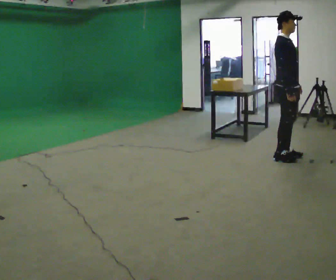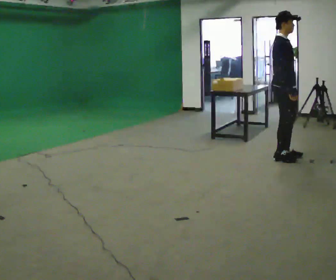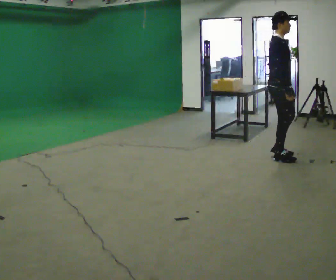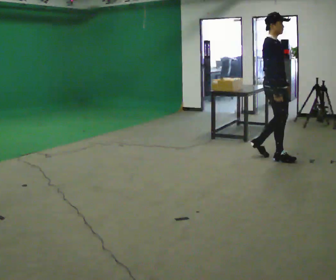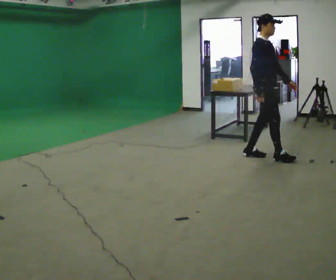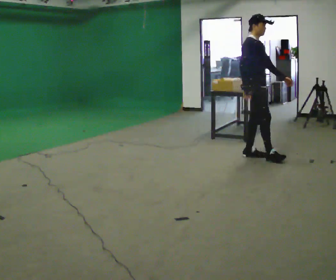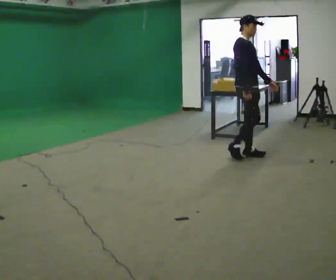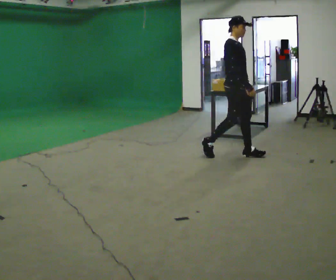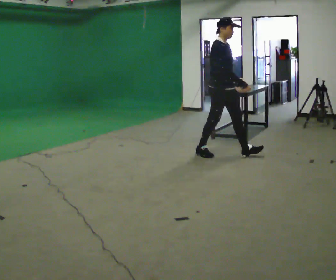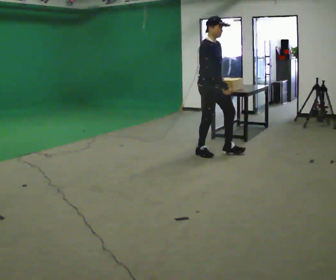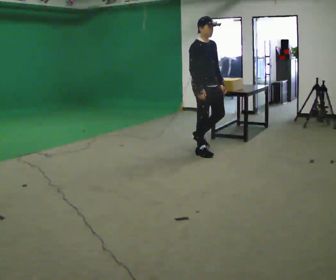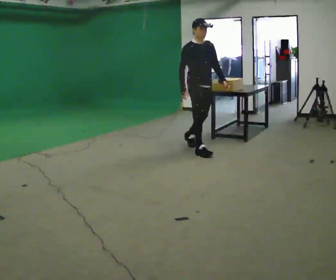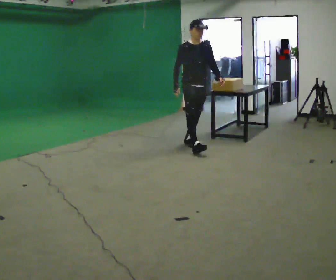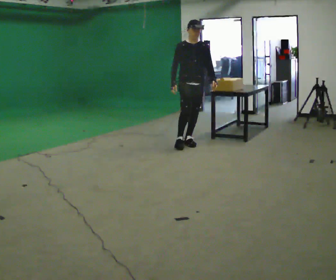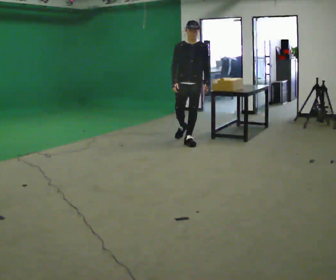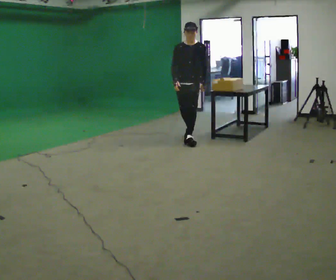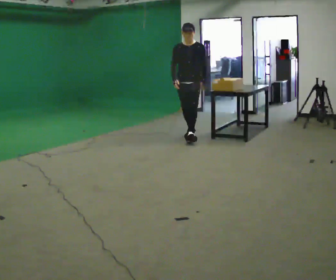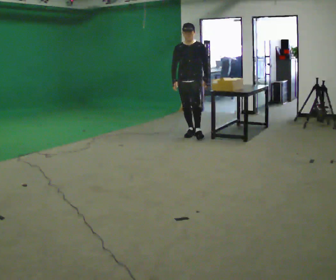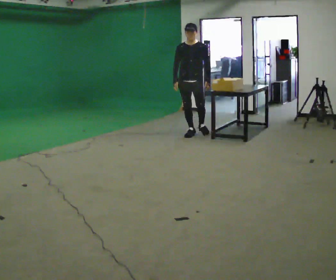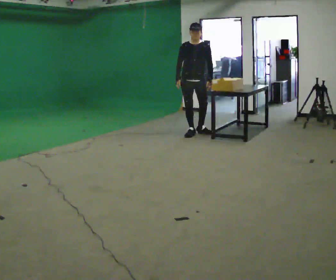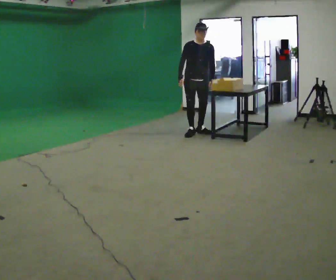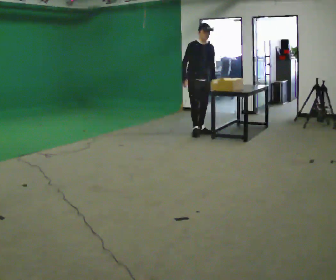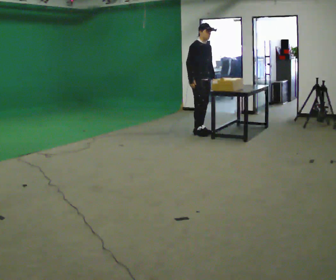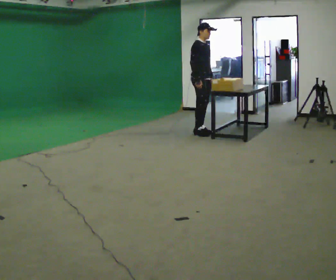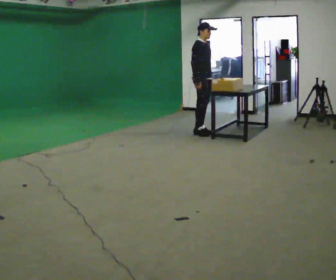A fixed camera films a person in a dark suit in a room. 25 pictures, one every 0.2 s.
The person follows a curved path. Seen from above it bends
clockwise.
0.0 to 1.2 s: In the picture they go to the left, about 0.5 m in 2 steps, which for them is backward.
1.2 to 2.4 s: The part of the body nearest the lens slides to the left as the person turns to their right by about 30 degrees. In the picture they go to the left and away from the camera, about 1 m in 2 steps, which for them is backward.
2.4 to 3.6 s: The part of the body nearest the lens slides to the left as the person turns to their right by about 30 degrees. In the picture they go away from the camera, about 1 m in 1 step, which for them is backward.
3.6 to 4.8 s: The part of the body nearest the lens slides to the right as the person turns to their left by about 75 degrees. In the picture they go to the right, about 0.25 m.
The film runs backward here.
